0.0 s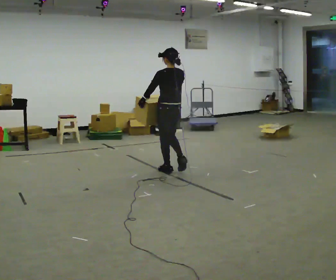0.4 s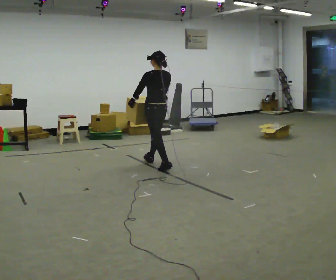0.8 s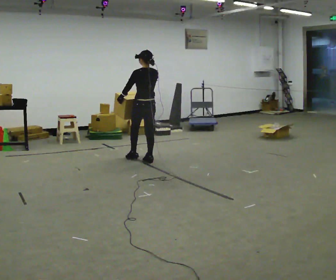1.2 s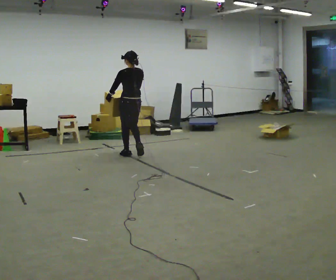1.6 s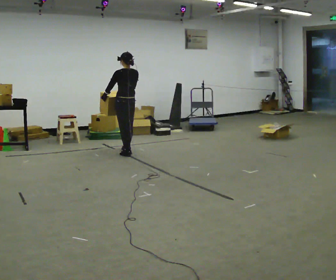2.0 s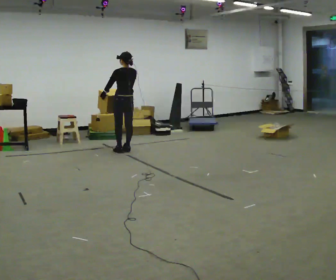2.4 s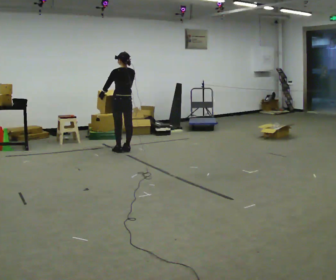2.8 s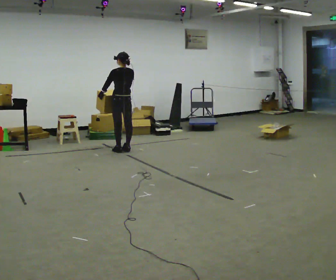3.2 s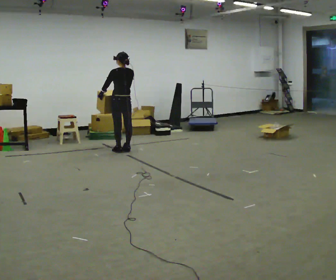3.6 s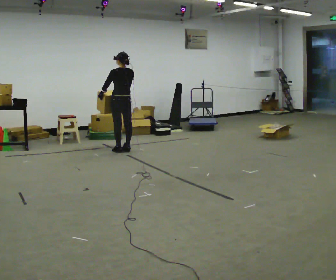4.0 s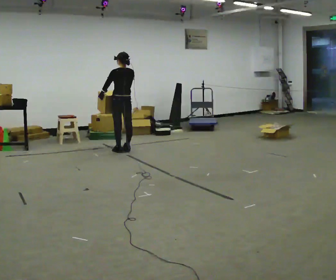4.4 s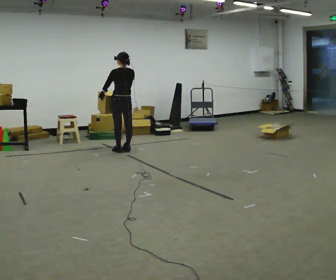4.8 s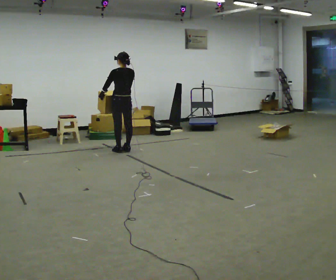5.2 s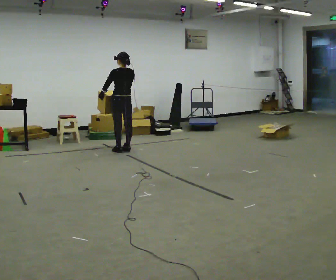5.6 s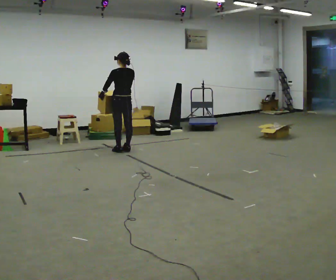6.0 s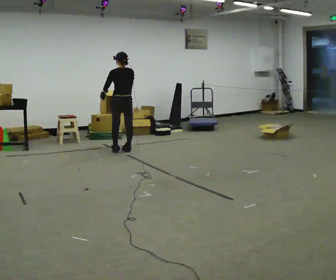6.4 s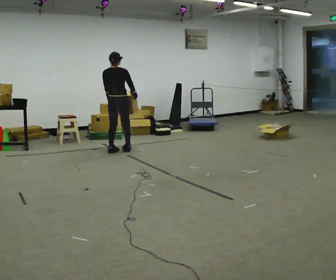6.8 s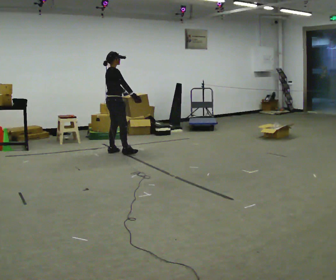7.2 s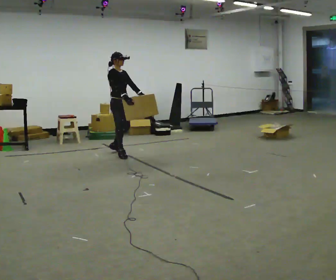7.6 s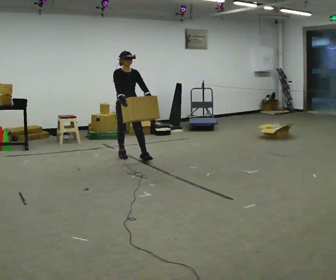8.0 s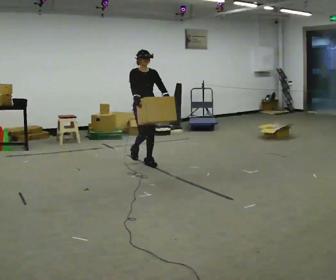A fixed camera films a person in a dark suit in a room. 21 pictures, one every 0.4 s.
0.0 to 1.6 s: In the picture they go away from the camera and to the left, about 1 m in 3 steps, which for them is forward.
1.6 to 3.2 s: The person moves a little, or ends about where they began.
3.2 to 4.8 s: The person keeps their place and pose.
4.8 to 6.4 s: The person turns about 45 degrees to their right, clockwise seen from above, so the part of the body nearest the lens slides to the left.
6.4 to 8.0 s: The part of the body nearest the lens slides to the left as the person turns to their right by about 135 degrees. In the picture they go toward the camera and to the right, about 1 m in 2 steps.
The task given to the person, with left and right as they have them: Carry the medium box in both hands in front of you, walking back and forth across the room. Keep walking until the operator says stop.
The film runs forward here.
